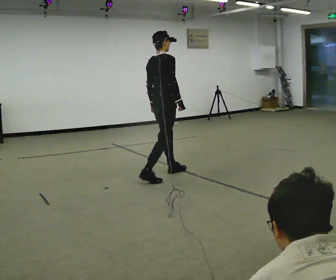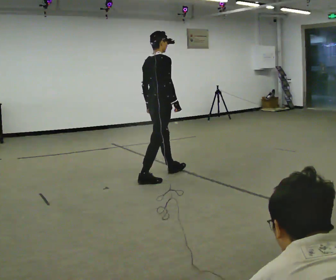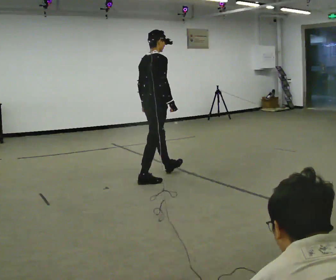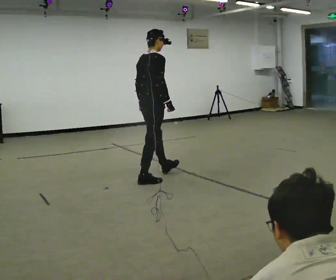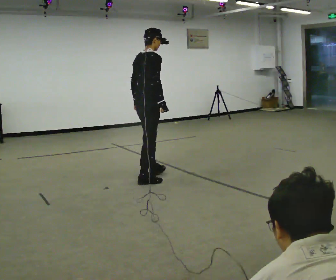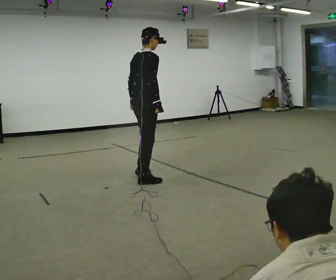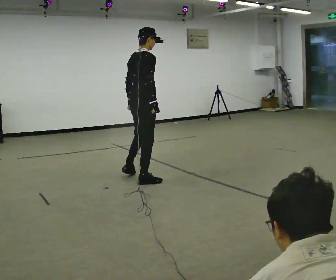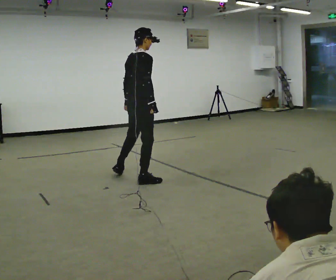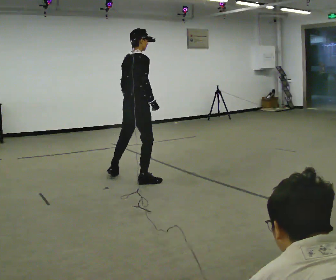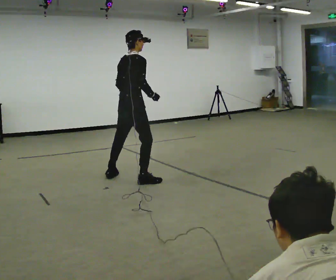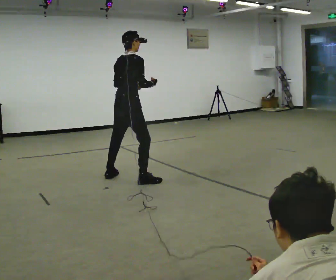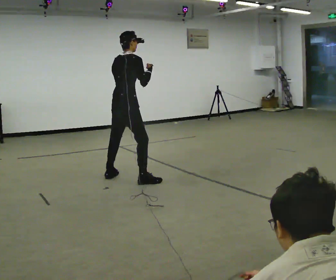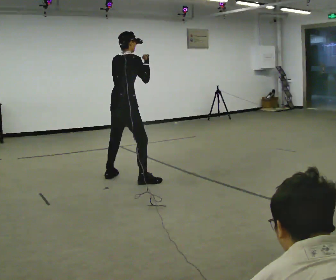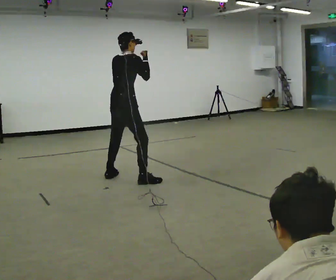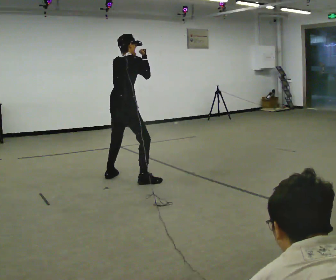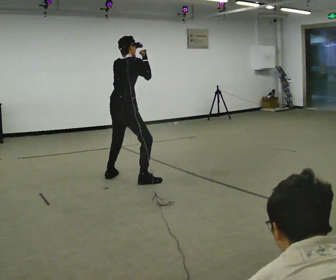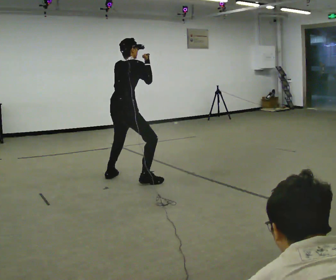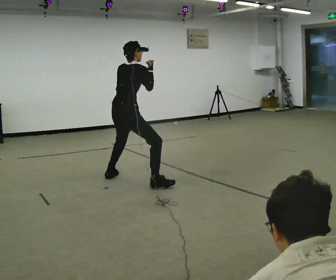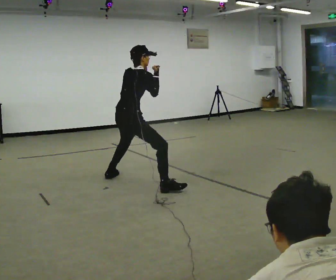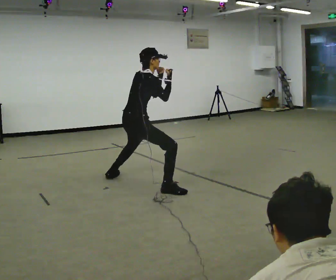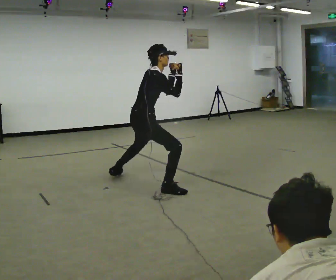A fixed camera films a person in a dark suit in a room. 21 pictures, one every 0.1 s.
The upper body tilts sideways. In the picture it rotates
clockwise.
The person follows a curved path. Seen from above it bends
counterclockwise.
0.0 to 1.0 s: In the picture they go to the left, about 0.5 m in 1 step, which for them is backward and to their left.
1.0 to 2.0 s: In the picture they go toward the camera, about 0.25 m in 2 steps, which for them is to their right. The shoulders move downward. In the picture the upper body tilts clockwise, shoulders to the right.
The film runs backward here.
